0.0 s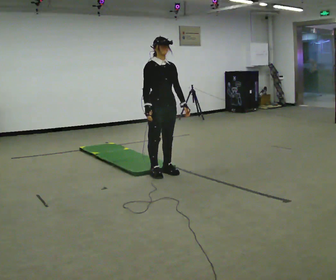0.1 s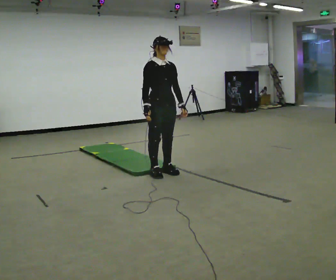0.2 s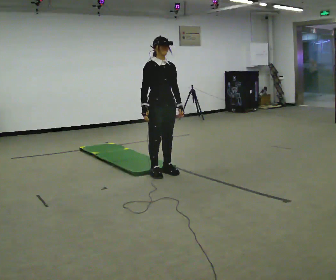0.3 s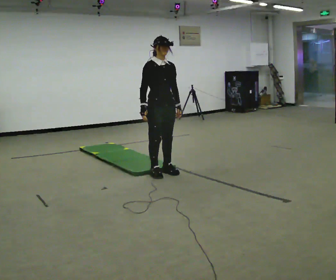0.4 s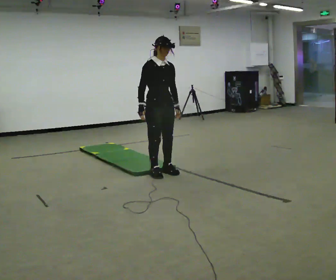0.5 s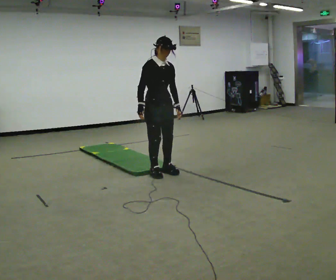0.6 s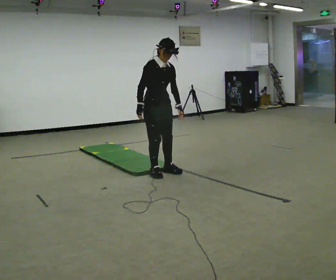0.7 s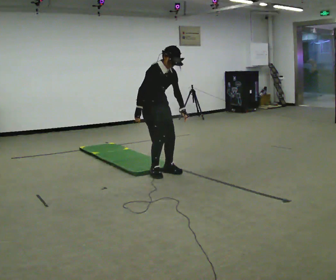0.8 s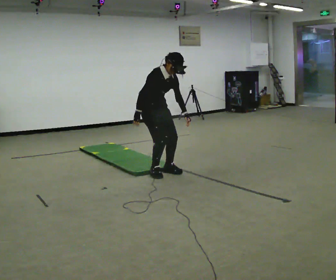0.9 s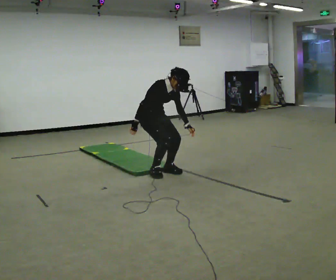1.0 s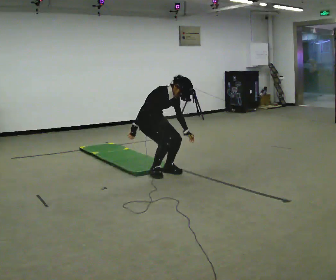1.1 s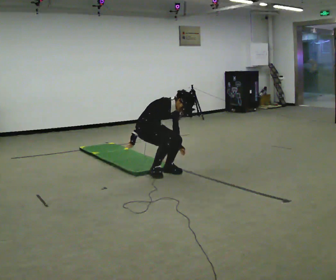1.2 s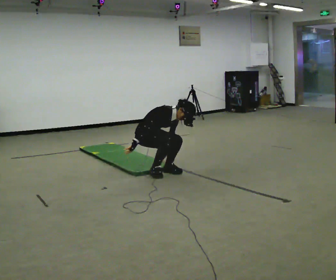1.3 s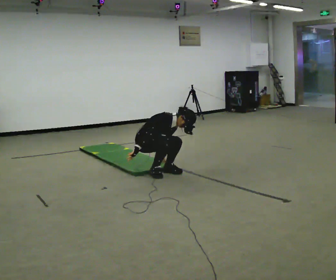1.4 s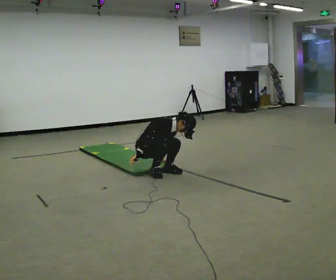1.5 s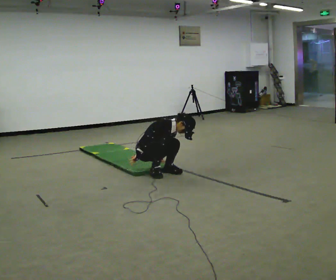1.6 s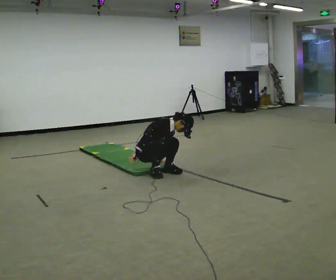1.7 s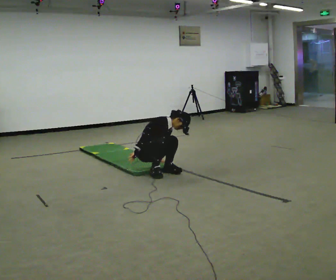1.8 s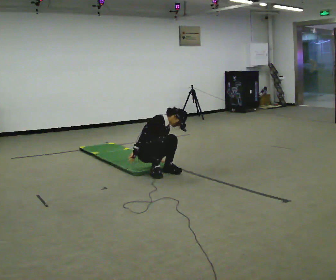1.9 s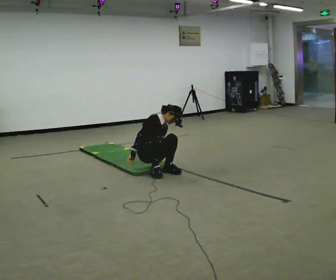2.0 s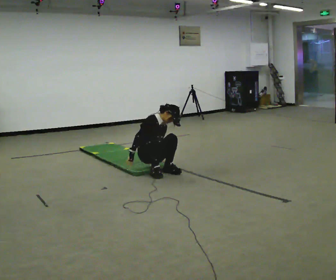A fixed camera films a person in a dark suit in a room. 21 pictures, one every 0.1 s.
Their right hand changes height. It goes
downward.
The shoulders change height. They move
downward.
0.0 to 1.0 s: In the picture they go away from the camera, about 0.25 m, which for them is backward. The shoulders move downward. In the picture the upper body tilts clockwise, shoulders to the right, as they bend forward.
1.0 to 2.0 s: The upper body goes downward. The upper body tips away from the camera, its near side rolling upward. In the picture their left hand goes downward and to the left.
The film runs backward here.
